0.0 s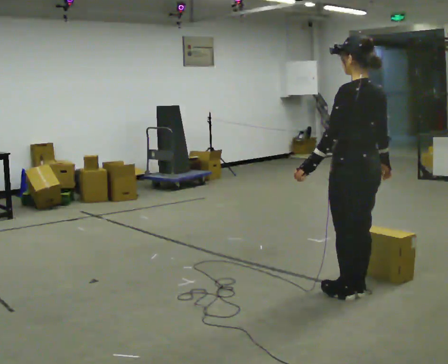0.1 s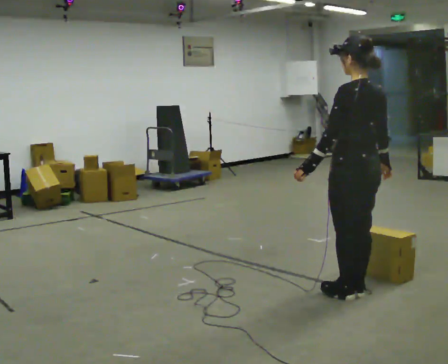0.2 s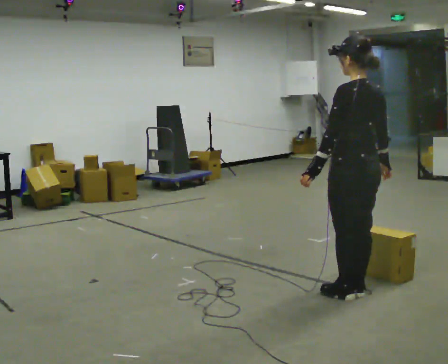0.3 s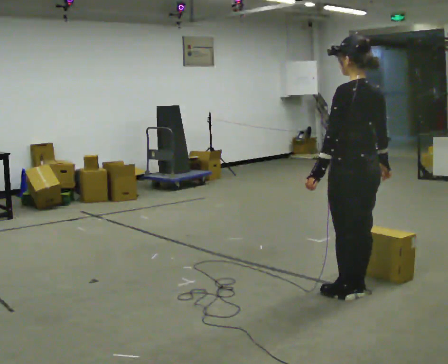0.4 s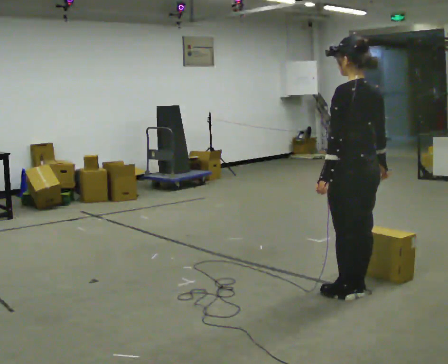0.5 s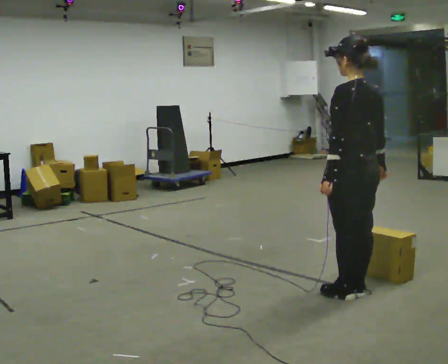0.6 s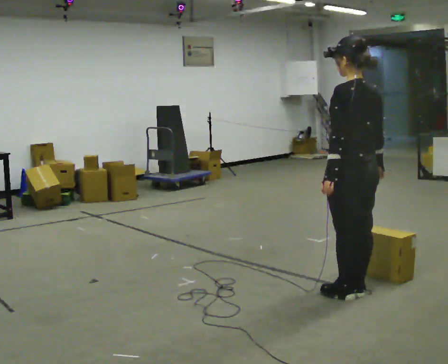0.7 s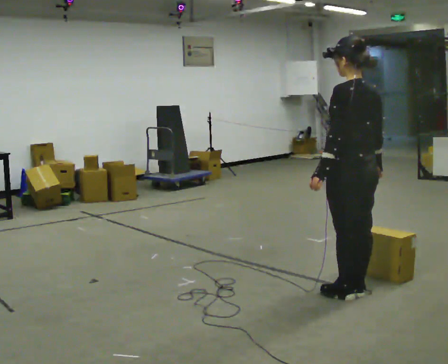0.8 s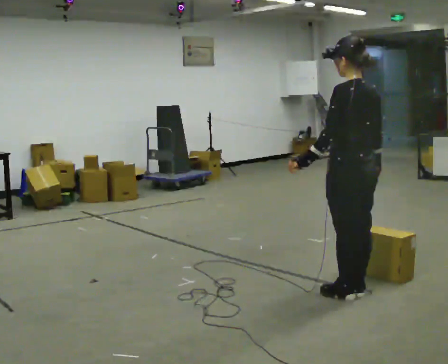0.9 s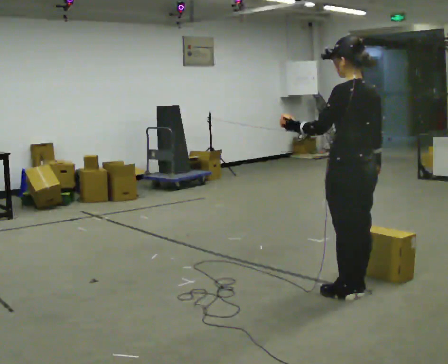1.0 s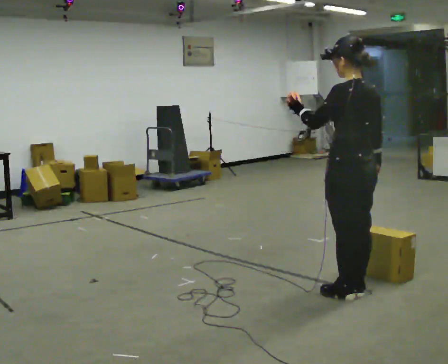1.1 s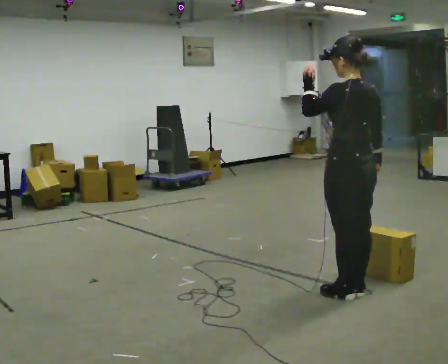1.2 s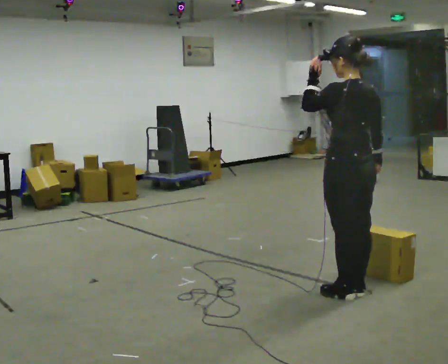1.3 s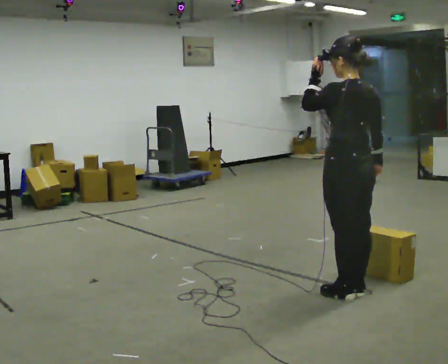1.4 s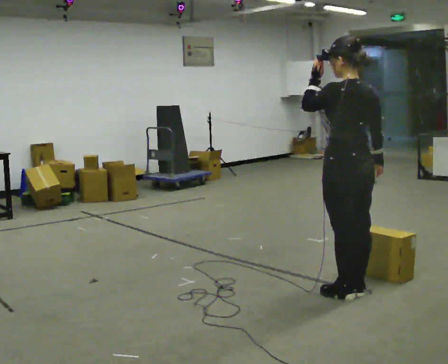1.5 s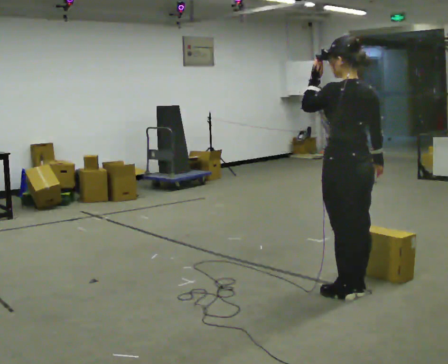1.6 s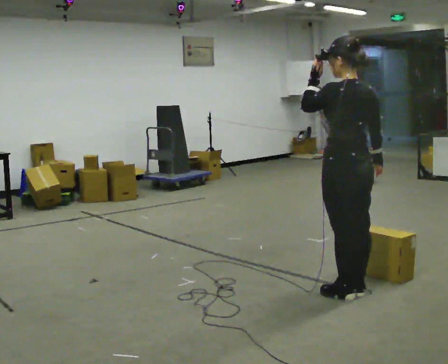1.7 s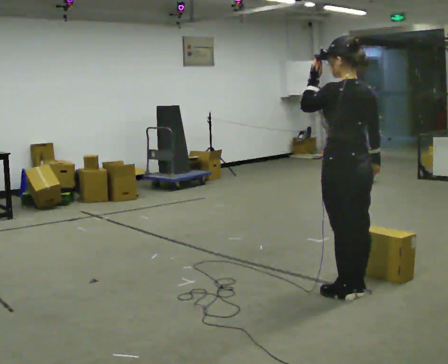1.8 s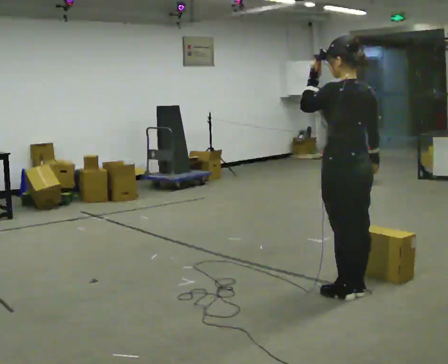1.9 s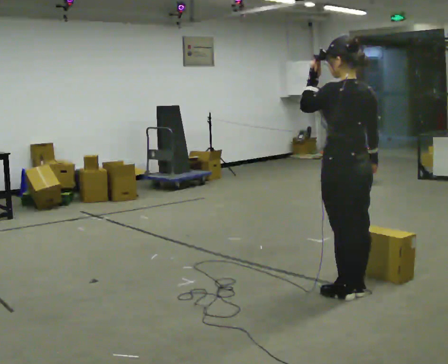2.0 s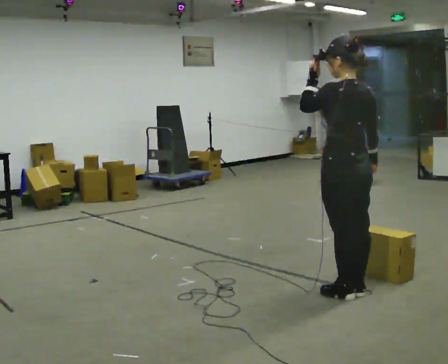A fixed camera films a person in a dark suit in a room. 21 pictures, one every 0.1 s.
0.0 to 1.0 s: In the picture their left hand goes upward.
1.0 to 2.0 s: The person moves a little, or ends about where they began.
The film runs forward here.
